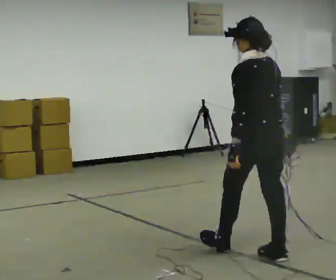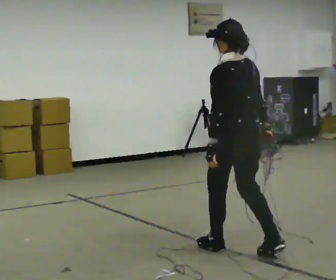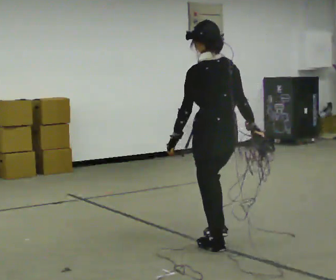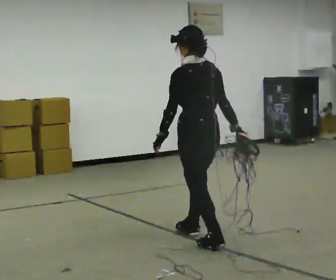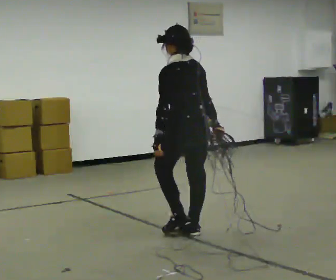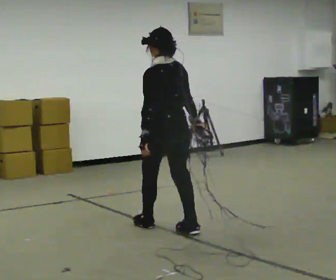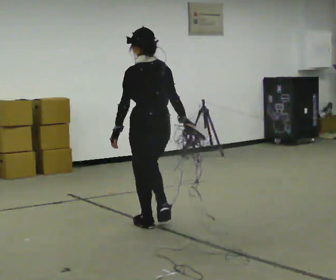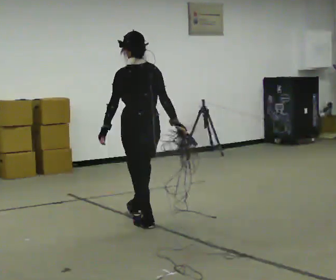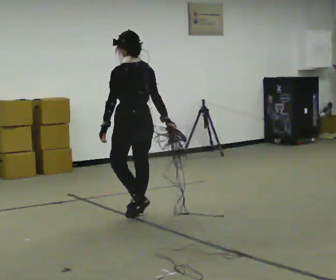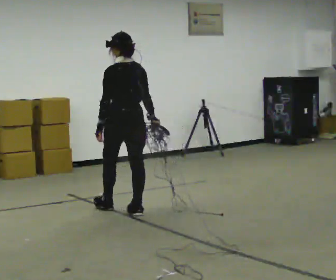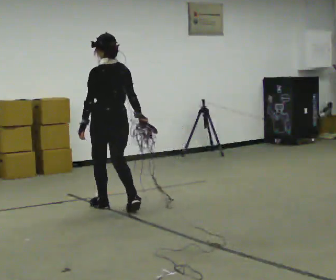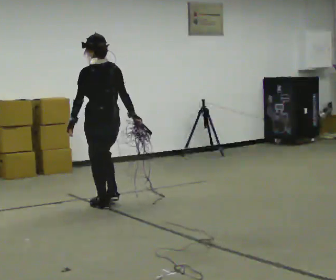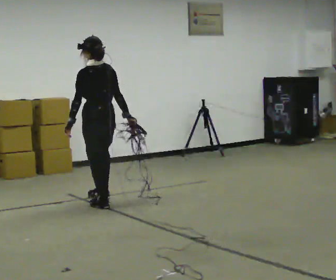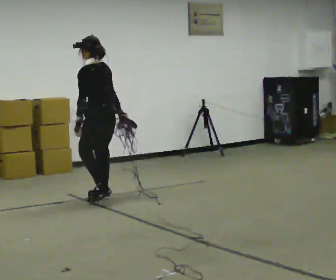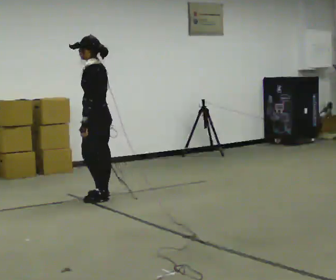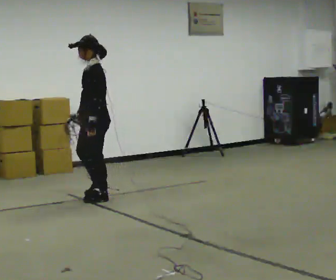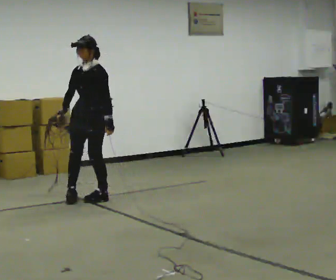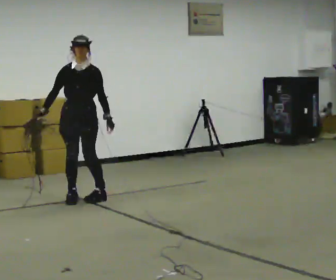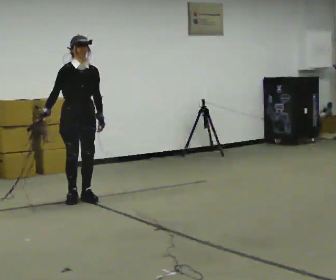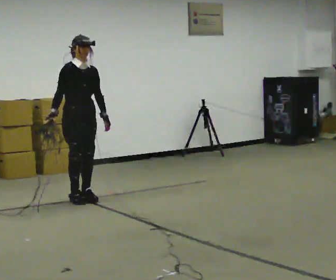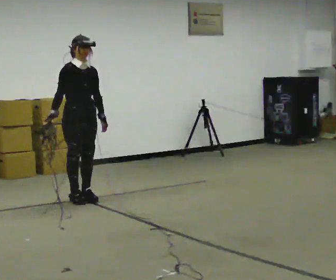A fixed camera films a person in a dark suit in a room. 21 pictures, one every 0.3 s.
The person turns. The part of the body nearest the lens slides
to the right.
The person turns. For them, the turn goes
to their left.
0.0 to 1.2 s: In the picture they go away from the camera and to the left, about 1 m in 2 steps, which for them is forward.
1.2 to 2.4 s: In the picture they go away from the camera and to the left, about 1 m in 2 steps, which for them is forward.
2.4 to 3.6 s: In the picture they go away from the camera and to the left, about 0.75 m in 2 steps, which for them is forward.
3.6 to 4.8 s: Seen from above the body turns counterclockwise, about 105 degrees: to their left, with its near side sliding to the right. In the picture their right hand goes to the left, the arm swinging clockwise.
4.8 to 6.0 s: The person turns about 75 degrees to their left, counterclockwise seen from above, so the part of the body nearest the lens slides to the right.
The film runs forward here.
